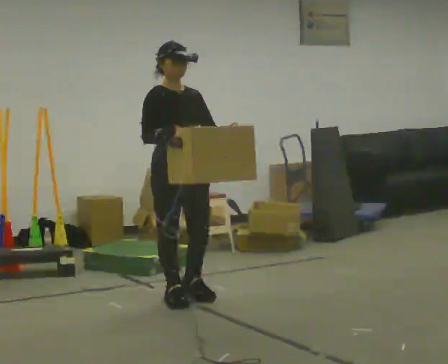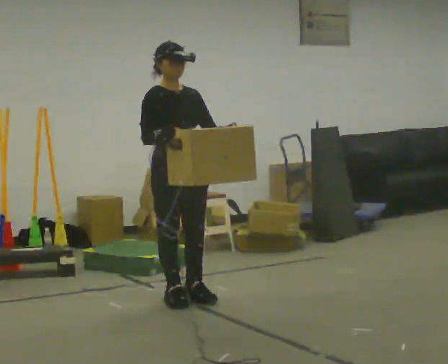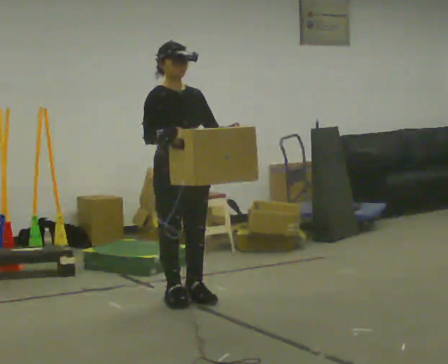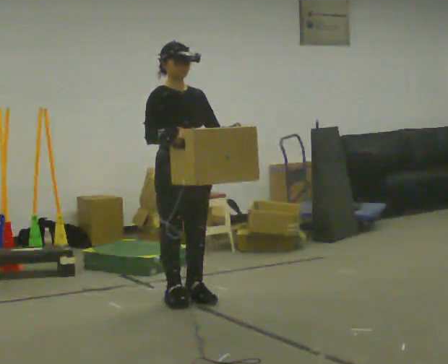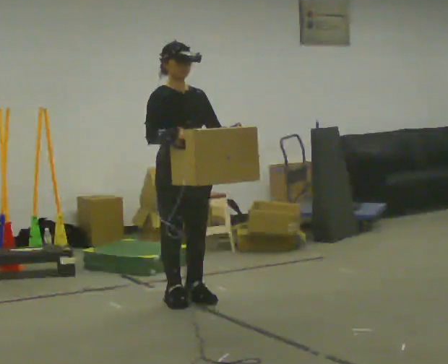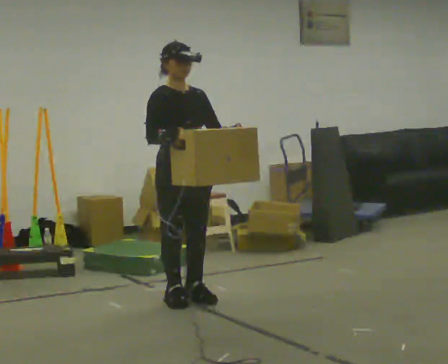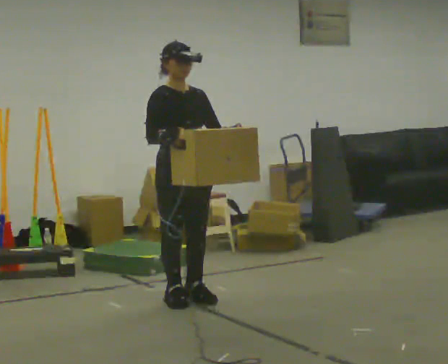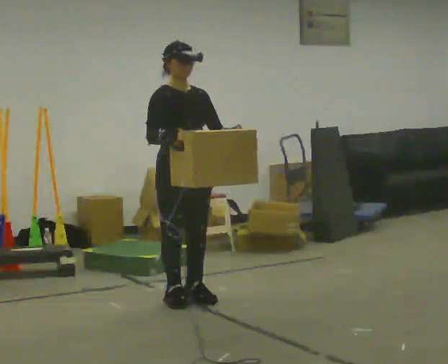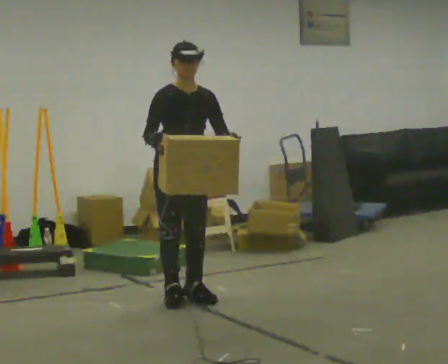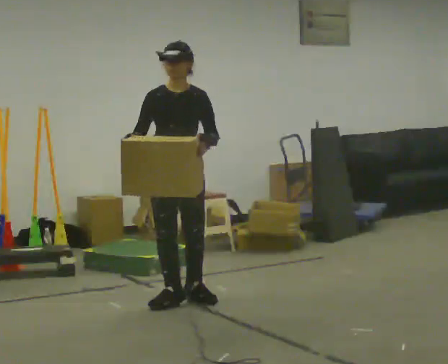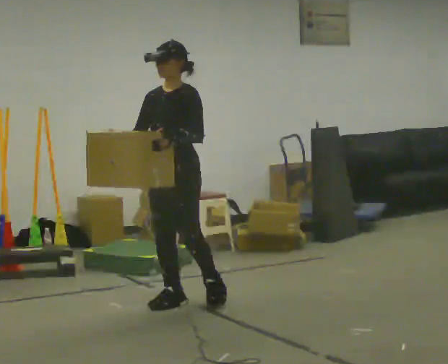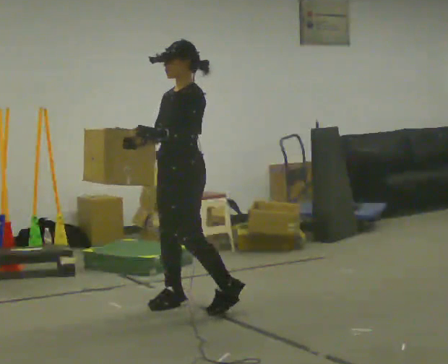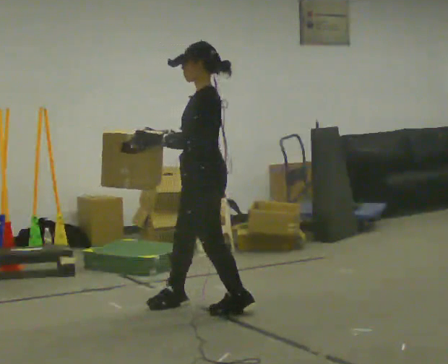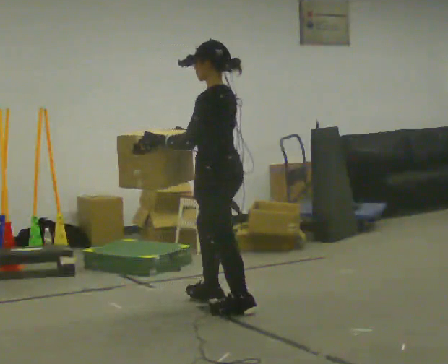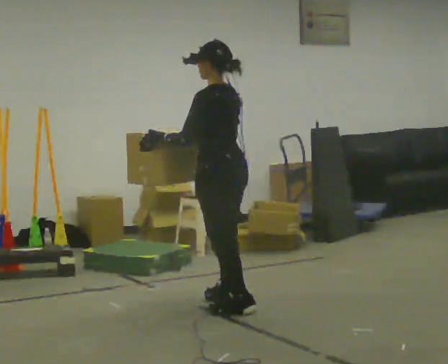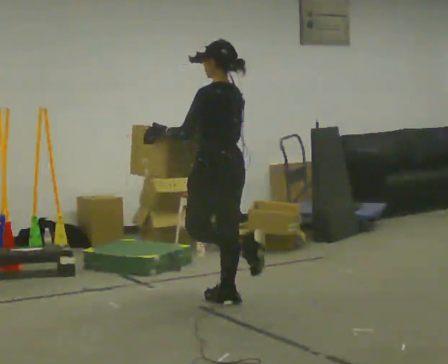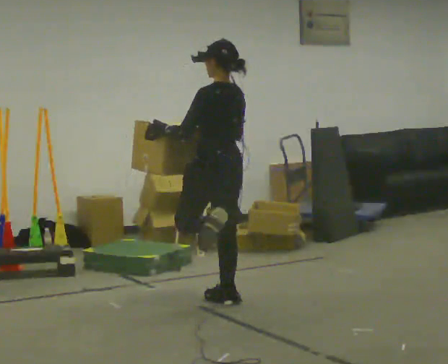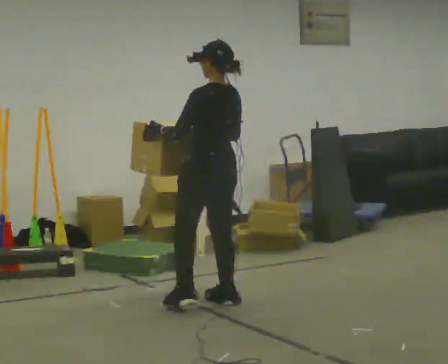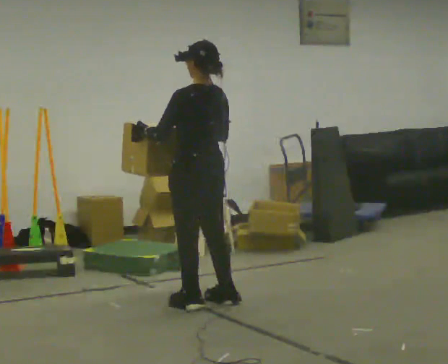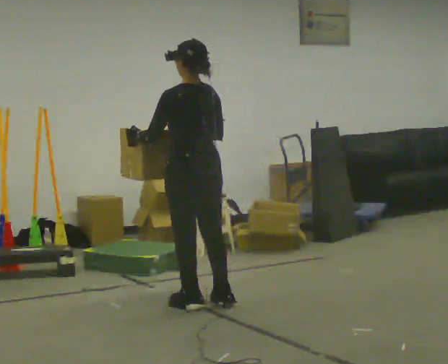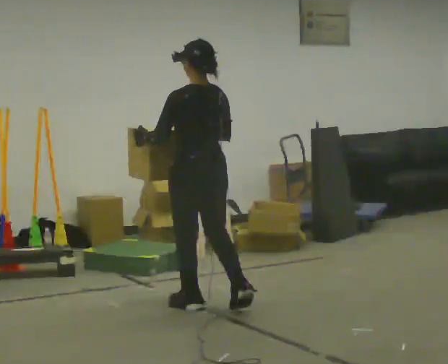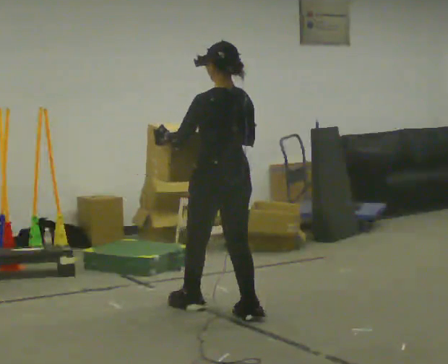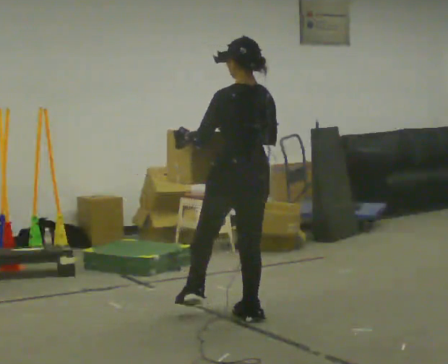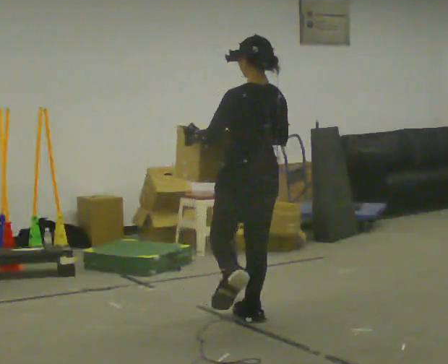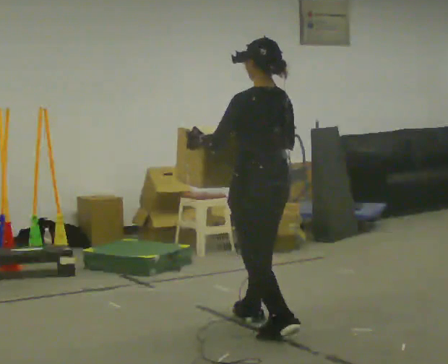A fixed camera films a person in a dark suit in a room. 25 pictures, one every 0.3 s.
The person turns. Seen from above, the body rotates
clockwise.
The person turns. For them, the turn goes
to their right.
0.0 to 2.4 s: The person moves a little, or ends about where they began.
2.4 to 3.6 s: The person turns about 105 degrees to their right, clockwise seen from above, so the part of the body nearest the lens slides to the left. In the picture they go toward the camera and to the right, about 0.25 m in 1 step.
3.6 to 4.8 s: Seen from above the body turns clockwise, about 45 degrees: to their right, with its near side sliding to the left. In the picture they go away from the camera, about 0.25 m in 1 step, which for them is to their right. In the picture their right hand goes to the right.
4.8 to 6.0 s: In the picture they go toward the camera, about 0.25 m in 1 step, which for them is to their left.
6.0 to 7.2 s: In the picture they go toward the camera and to the right, about 0.5 m in 2 steps, which for them is backward.
The film runs forward here.
